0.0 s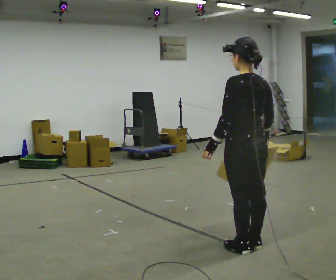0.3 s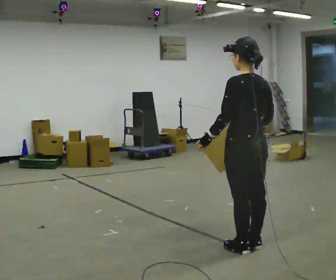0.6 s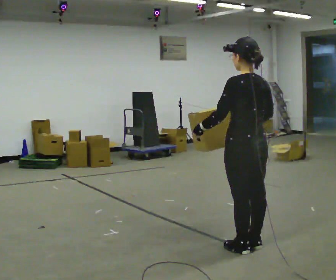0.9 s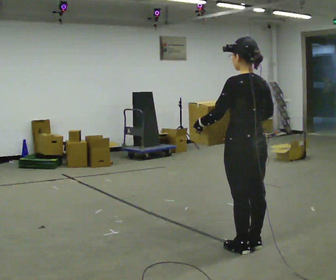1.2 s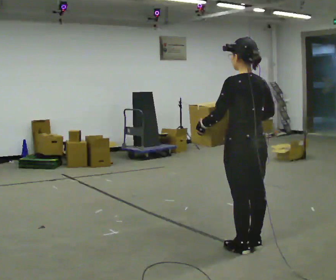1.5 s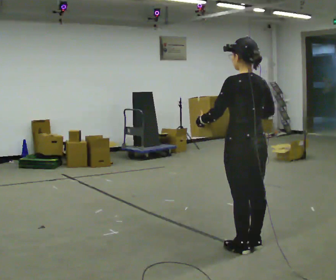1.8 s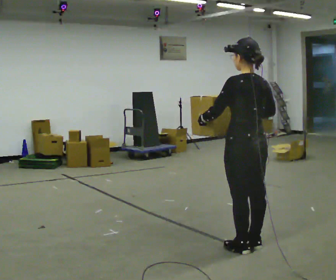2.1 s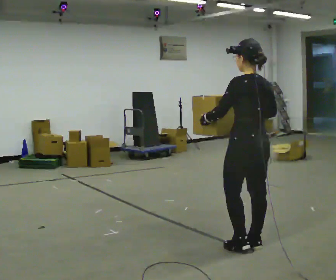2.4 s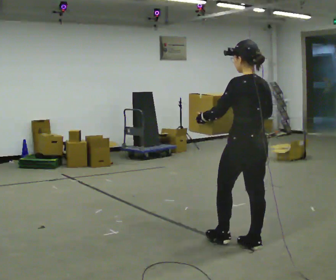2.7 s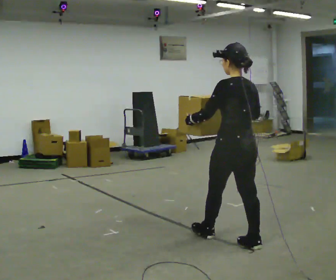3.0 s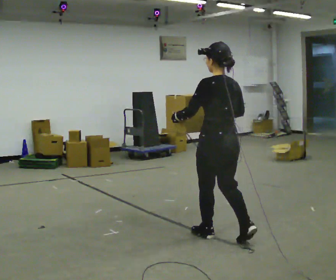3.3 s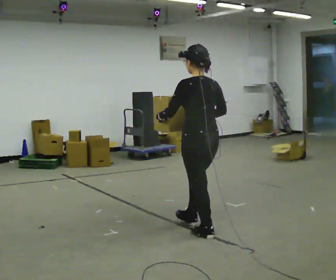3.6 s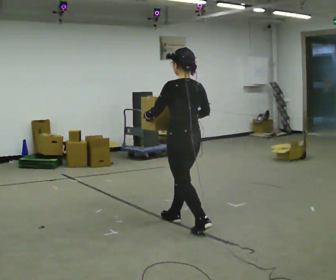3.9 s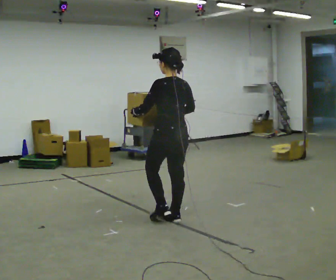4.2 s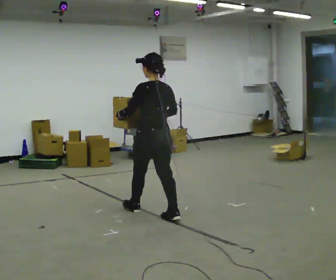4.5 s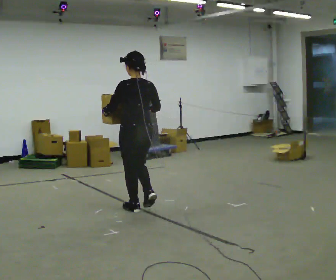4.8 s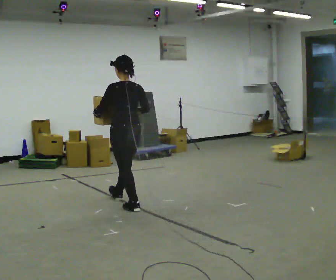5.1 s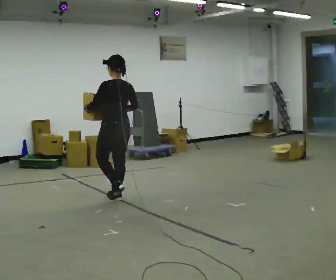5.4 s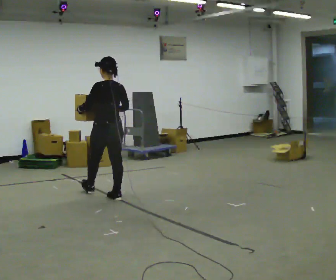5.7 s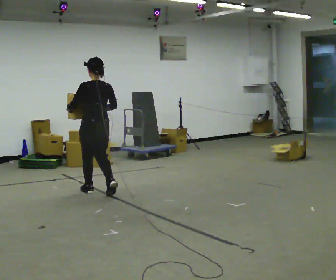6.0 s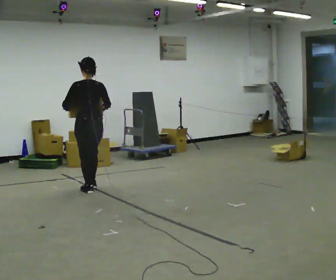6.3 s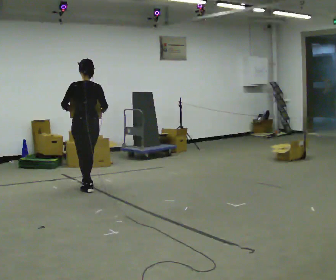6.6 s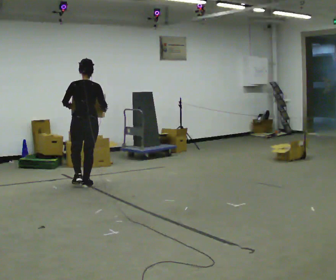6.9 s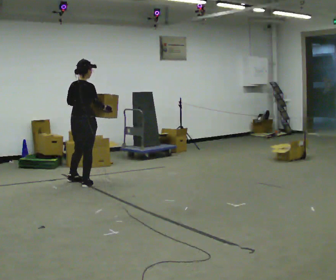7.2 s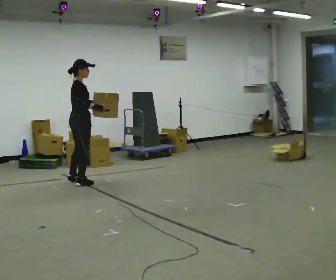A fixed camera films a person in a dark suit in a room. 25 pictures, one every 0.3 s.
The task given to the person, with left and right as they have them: Carry the heavy box in both hands in front of you, walking back and forth across the room. Keep walking until the operator says stop. Set it down if you need a rest.
0.0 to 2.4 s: The person moves a little, or ends about where they began.
2.4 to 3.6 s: In the picture they go away from the camera and to the left, about 0.5 m in 2 steps, which for them is forward.
3.6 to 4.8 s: In the picture they go away from the camera and to the left, about 1 m in 1 step, which for them is forward.
4.8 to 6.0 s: In the picture they go away from the camera and to the left, about 1 m in 2 steps, which for them is forward.
6.0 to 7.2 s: The person turns about 90 degrees to their right, clockwise seen from above, so the part of the body nearest the lens slides to the left. In the picture they go away from the camera and to the left, about 0.5 m in 2 steps.
The film runs forward here.
